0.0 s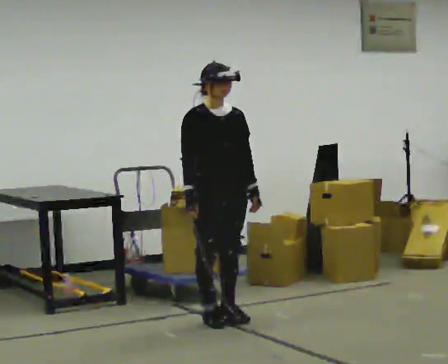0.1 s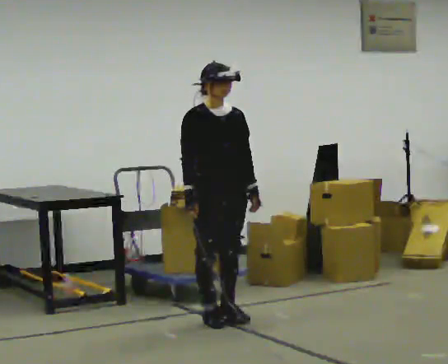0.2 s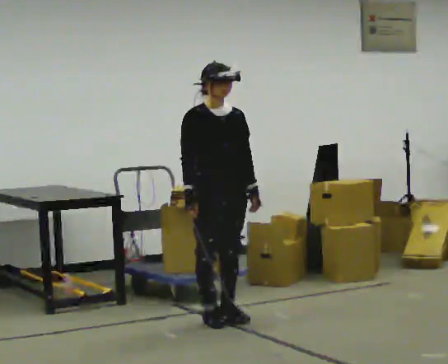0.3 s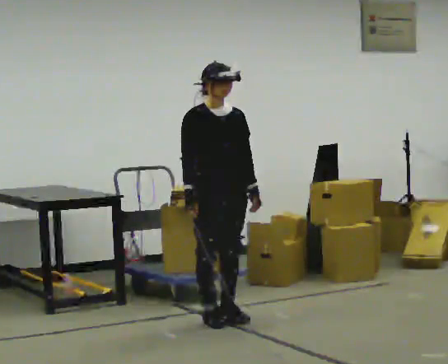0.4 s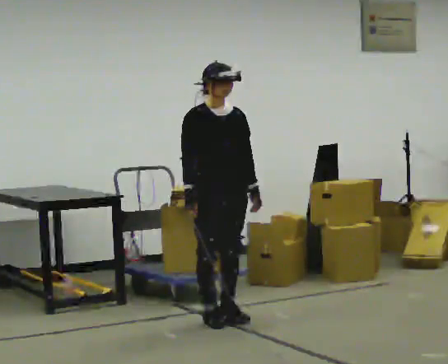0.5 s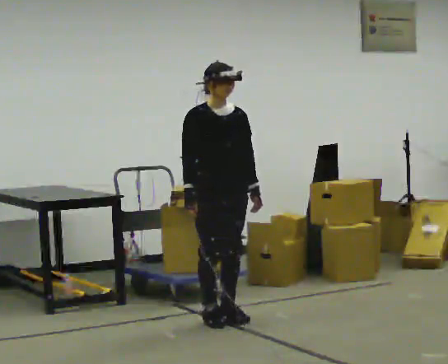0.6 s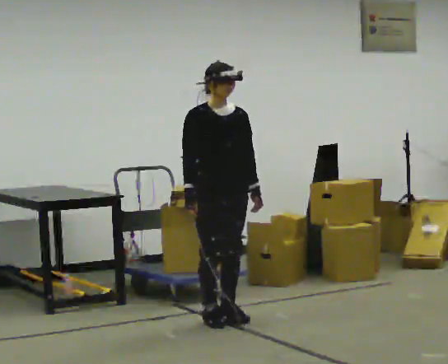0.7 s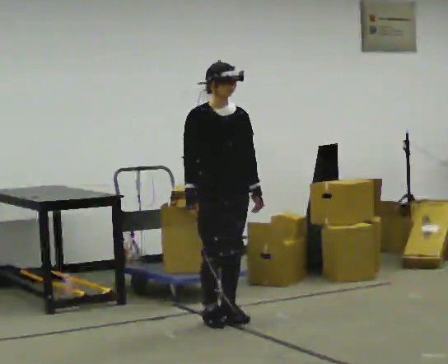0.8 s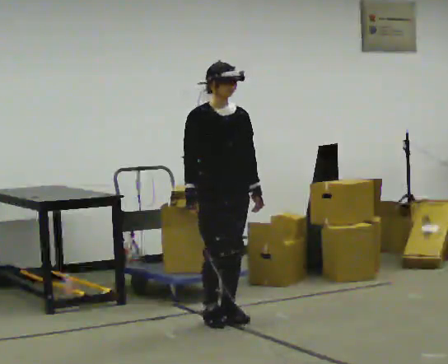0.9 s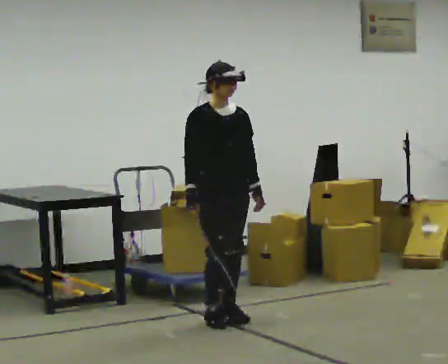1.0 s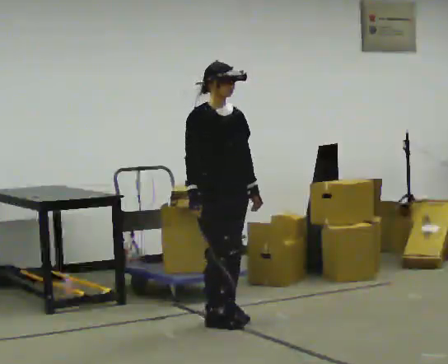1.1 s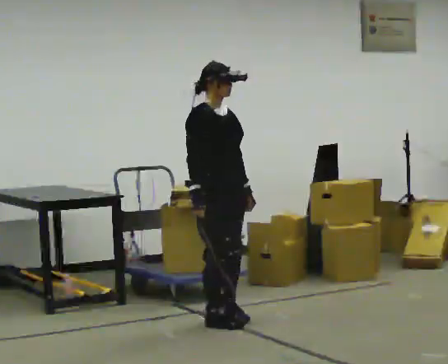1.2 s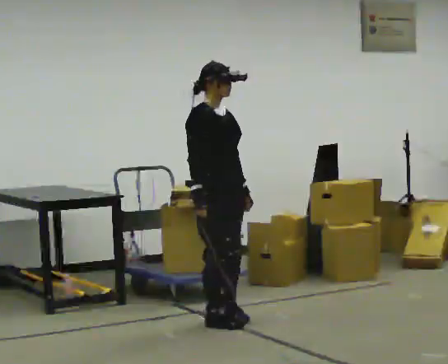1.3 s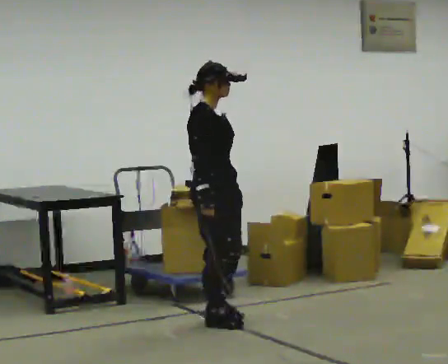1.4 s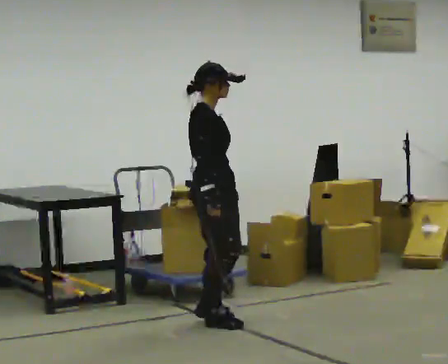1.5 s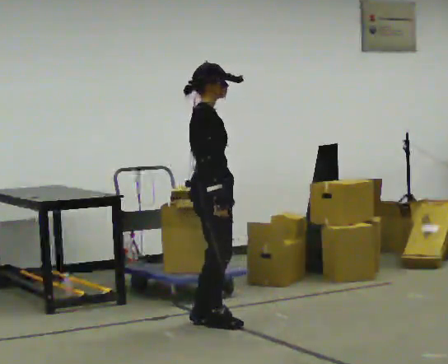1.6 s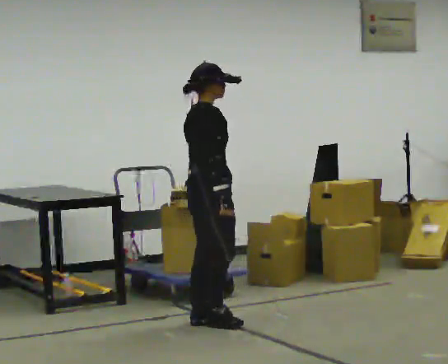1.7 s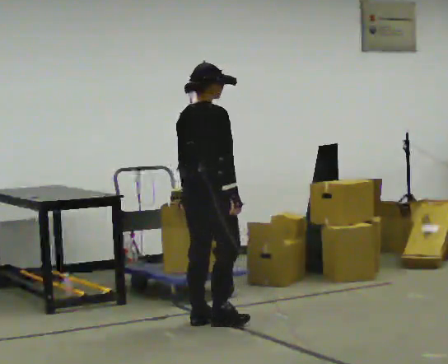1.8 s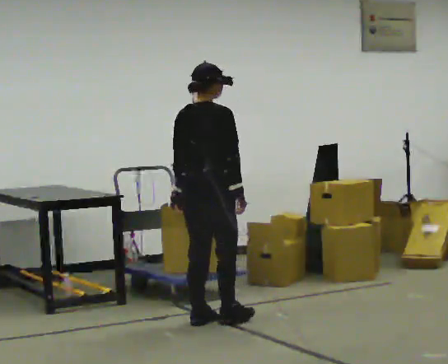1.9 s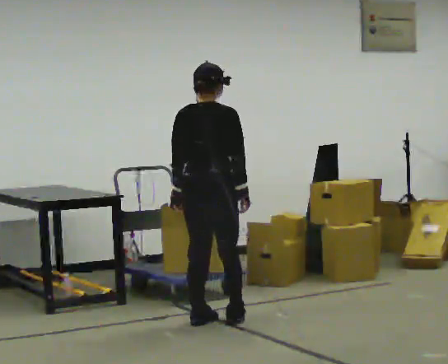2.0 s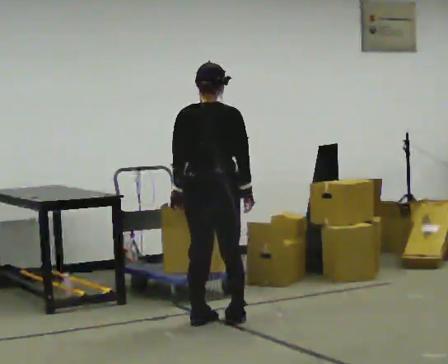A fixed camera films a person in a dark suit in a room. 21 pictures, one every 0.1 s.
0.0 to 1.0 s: The person moves a little, or ends about where they began.
1.0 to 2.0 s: The part of the body nearest the lens slides to the right as the person turns to their left by about 120 degrees. In the picture their left hand goes to the left, the arm swinging clockwise.
The film runs backward here.
